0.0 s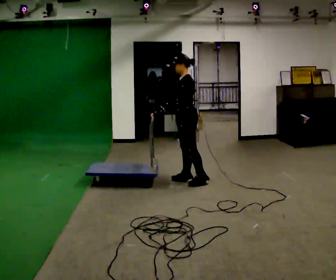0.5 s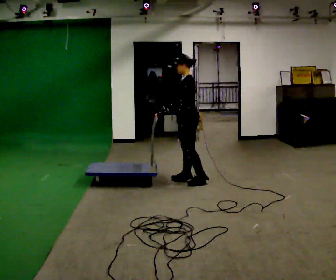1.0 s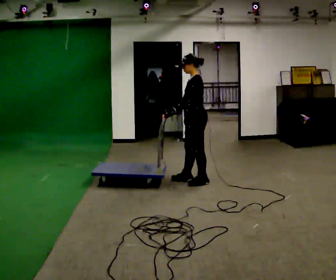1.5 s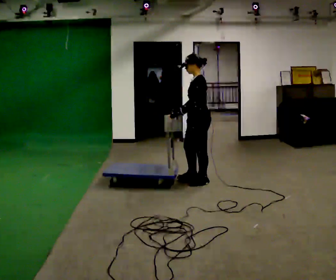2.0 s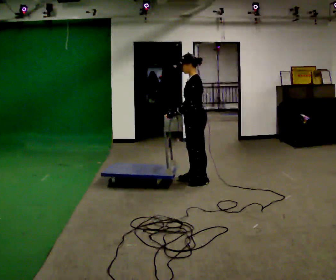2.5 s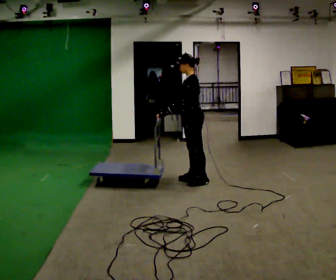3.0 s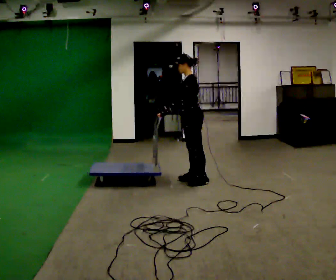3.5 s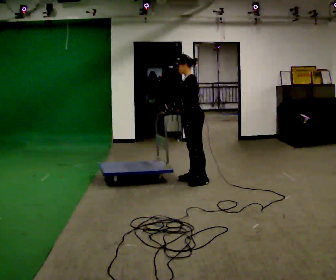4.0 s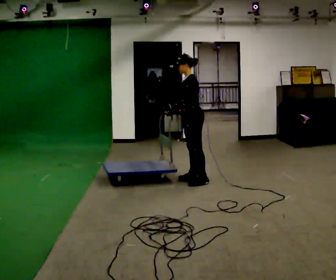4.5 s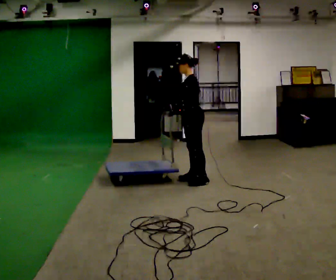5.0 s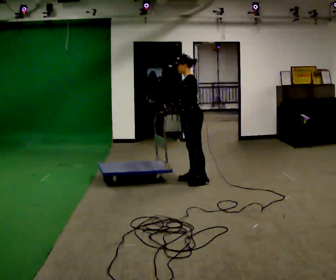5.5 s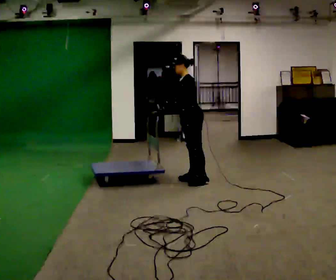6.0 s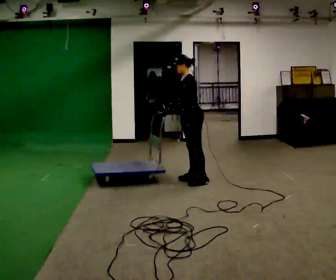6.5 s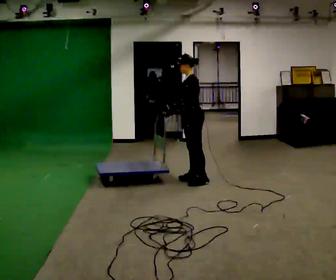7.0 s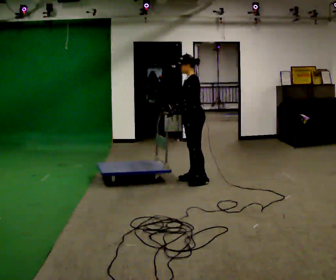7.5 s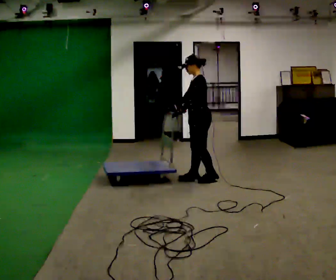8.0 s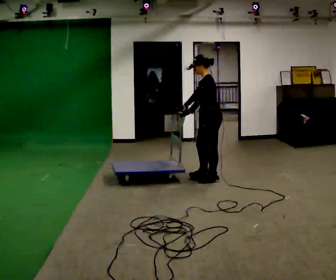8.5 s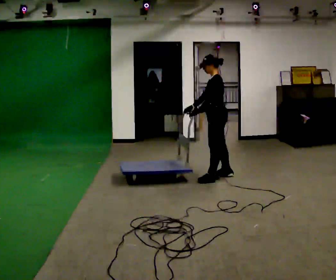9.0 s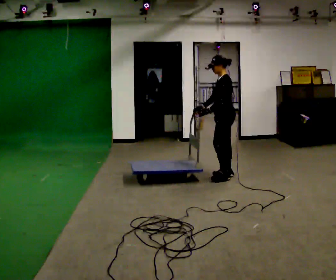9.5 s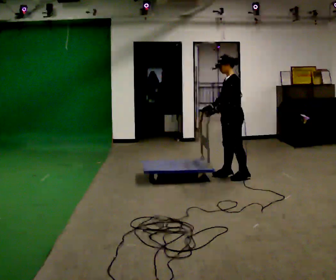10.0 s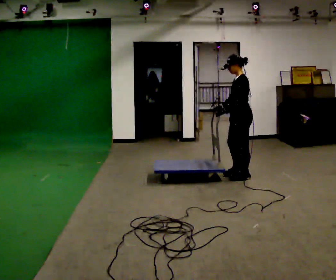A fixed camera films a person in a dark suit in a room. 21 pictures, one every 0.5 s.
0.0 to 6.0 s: The person moves a little, or ends about where they began.
6.0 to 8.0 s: In the picture they go to the right, about 0.25 m, which for them is backward.
8.0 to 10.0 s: In the picture they go to the right, about 0.5 m in 2 steps, which for them is backward.
The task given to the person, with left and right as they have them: Get the cart into the marked parking space and lined up with the tape. Take as many adjustments as you need. Then take it out again and repeat.
The film runs forward here.
